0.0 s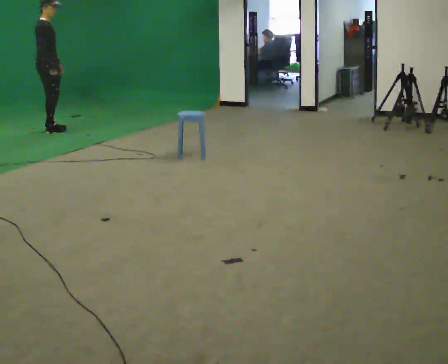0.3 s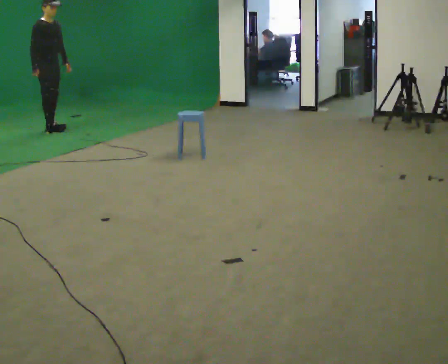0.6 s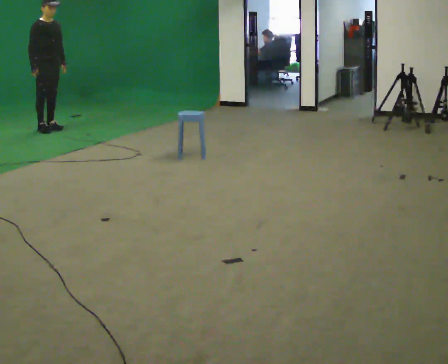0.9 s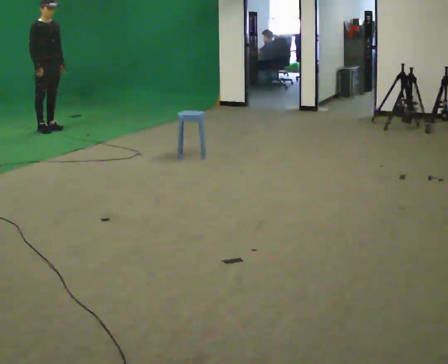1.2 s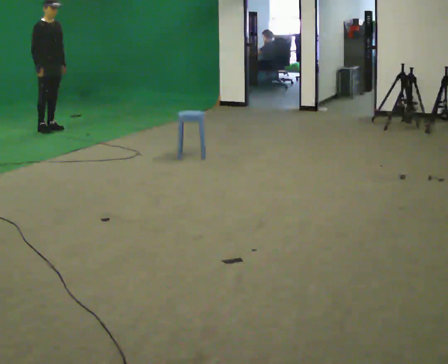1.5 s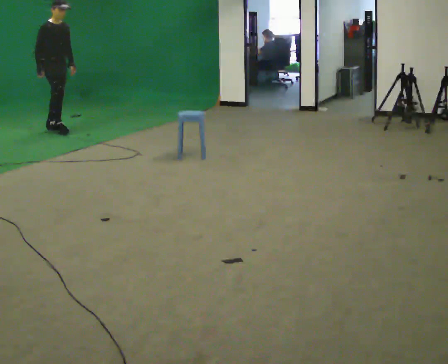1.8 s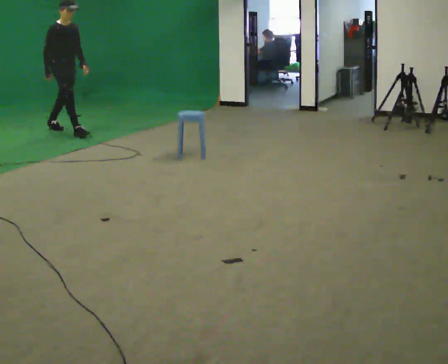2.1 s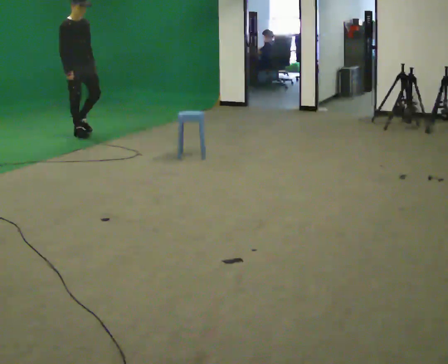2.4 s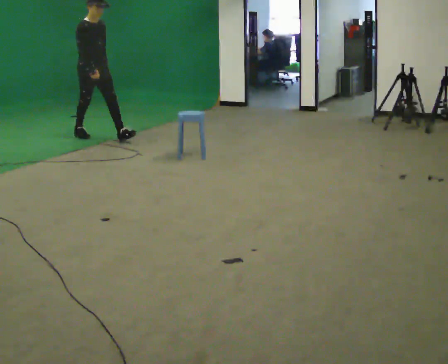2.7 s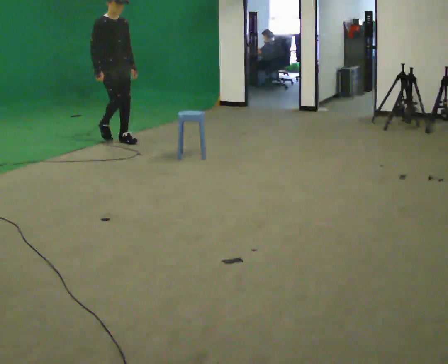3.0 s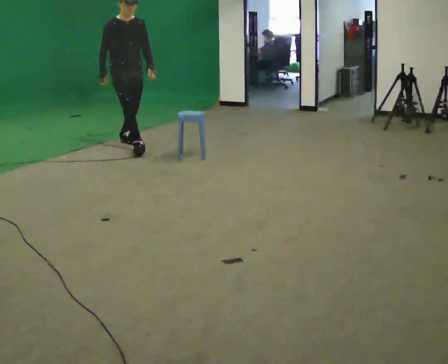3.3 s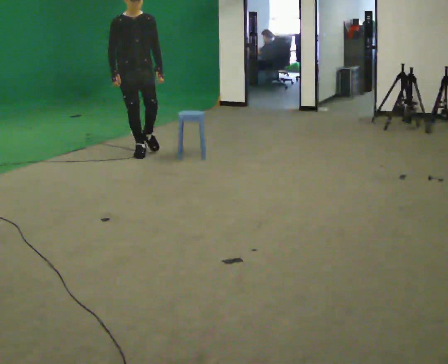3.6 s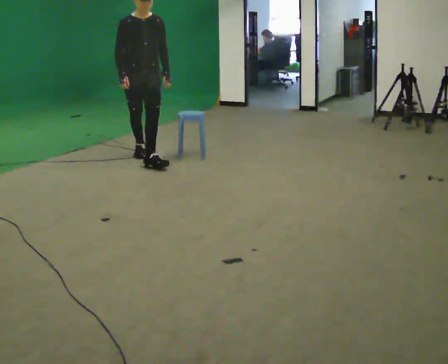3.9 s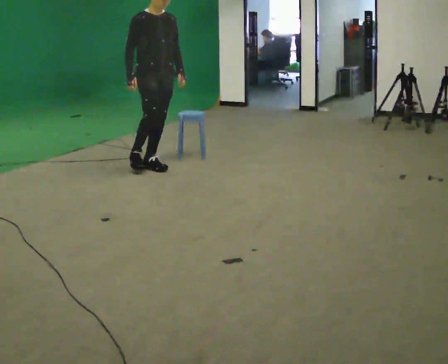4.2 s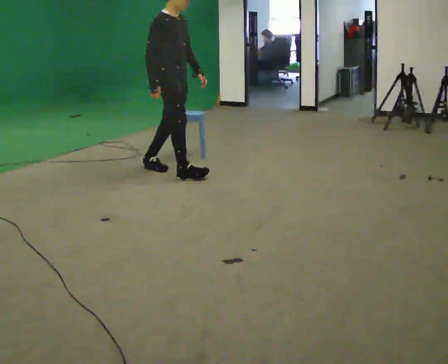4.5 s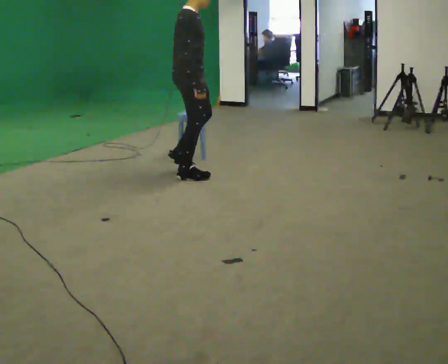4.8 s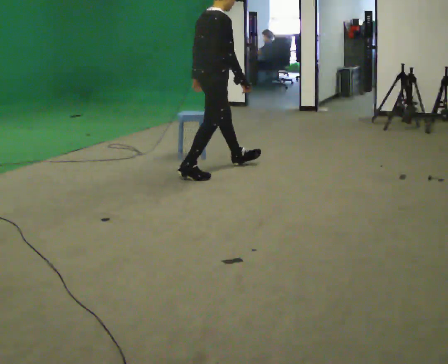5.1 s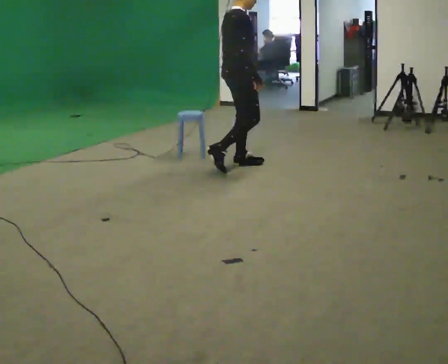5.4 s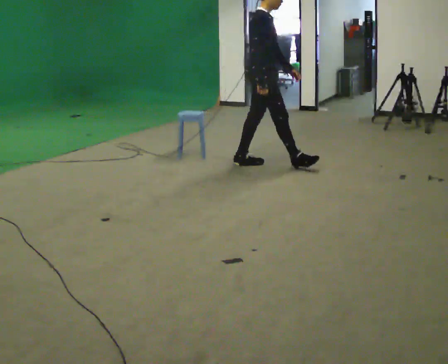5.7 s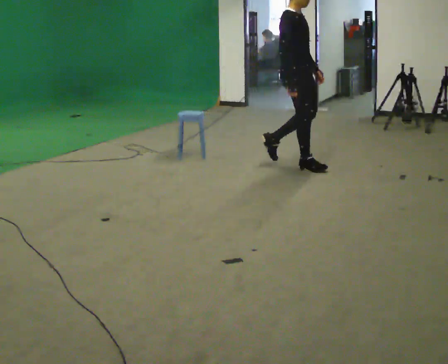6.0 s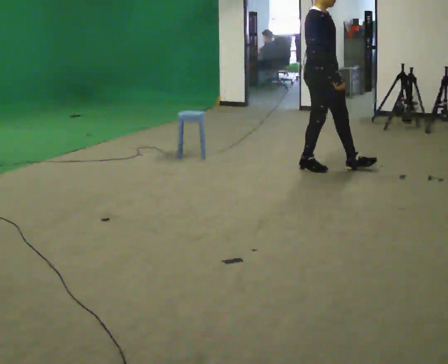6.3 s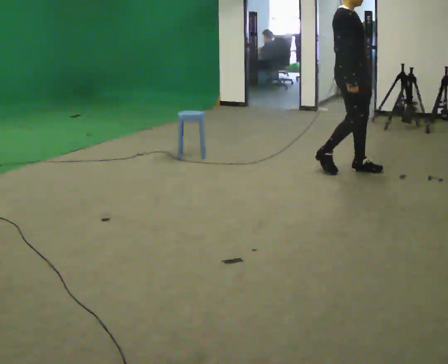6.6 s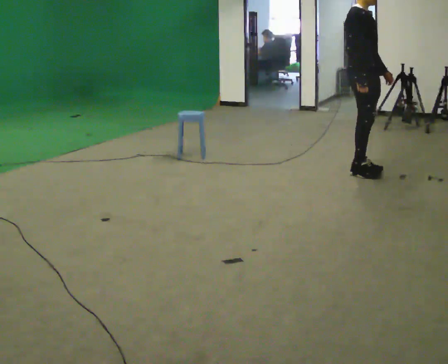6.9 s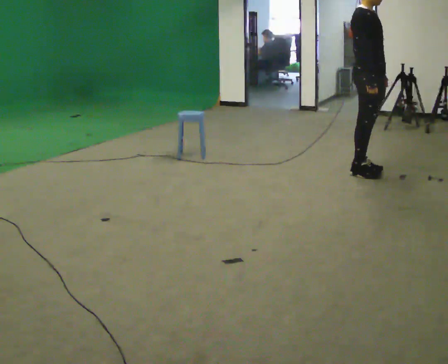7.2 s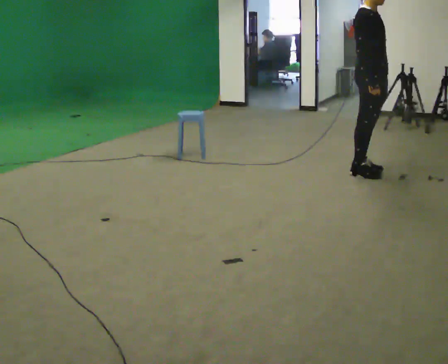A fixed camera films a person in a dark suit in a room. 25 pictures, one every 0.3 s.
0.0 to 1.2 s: Seen from above the body turns clockwise, about 30 degrees: to their right, with its near side sliding to the left.
1.2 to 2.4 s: In the picture they go to the right and toward the camera, about 1 m in 1 step, which for them is forward.
2.4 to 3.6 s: The part of the body nearest the lens slides to the left as the person turns to their right by about 30 degrees. In the picture they go toward the camera and to the right, about 1 m in 2 steps, which for them is forward.
3.6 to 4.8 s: Seen from above the body turns counterclockwise, about 90 degrees: to their left, with its near side sliding to the right. In the picture they go to the right and toward the camera, about 1 m in 2 steps.
4.8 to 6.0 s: The part of the body nearest the lens slides to the left as the person turns to their right by about 60 degrees. In the picture they go to the right, about 1 m in 2 steps, which for them is forward.
6.0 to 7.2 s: In the picture they go to the right and toward the camera, about 0.5 m in 2 steps, which for them is forward.
The film runs forward here.
